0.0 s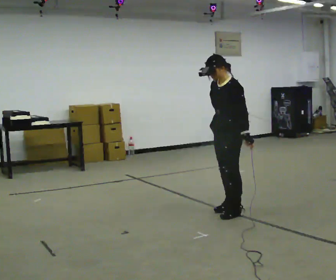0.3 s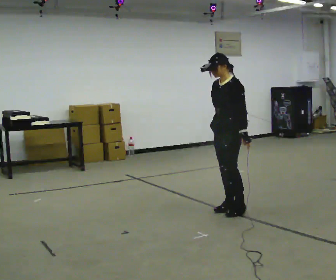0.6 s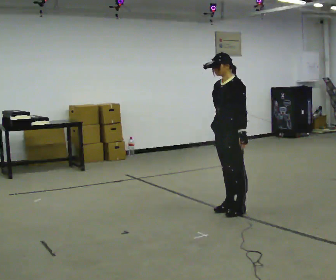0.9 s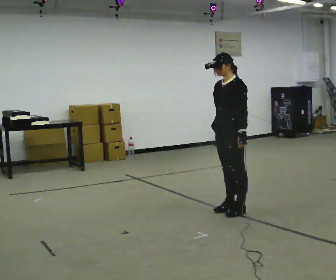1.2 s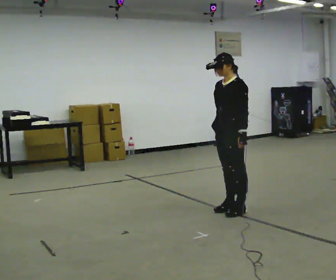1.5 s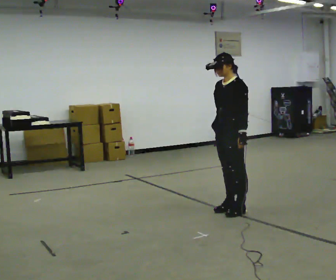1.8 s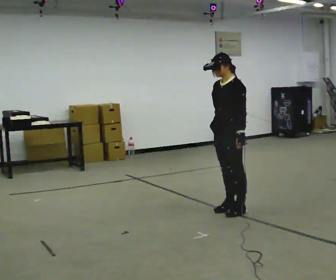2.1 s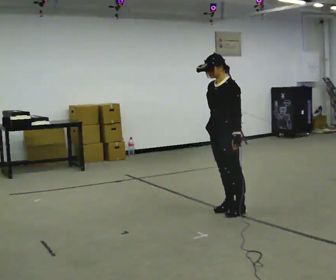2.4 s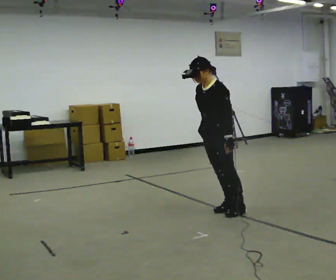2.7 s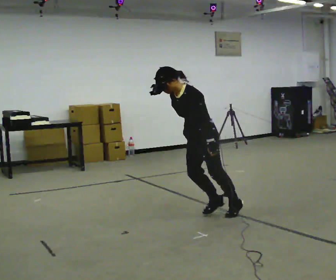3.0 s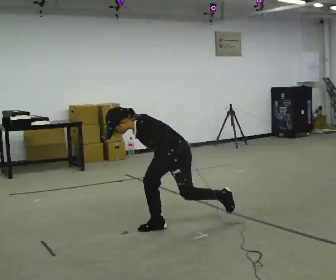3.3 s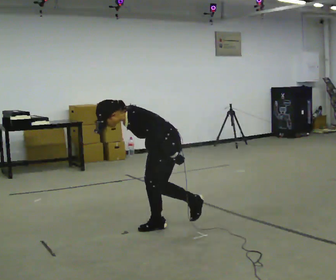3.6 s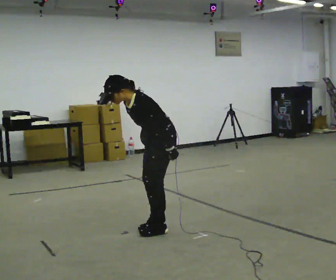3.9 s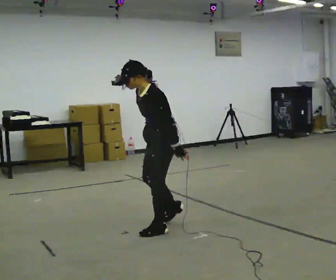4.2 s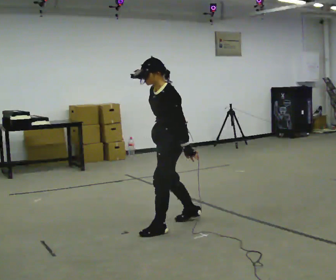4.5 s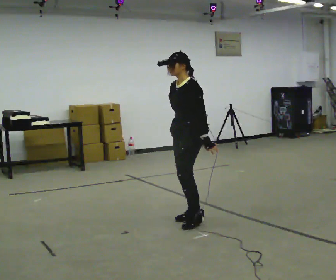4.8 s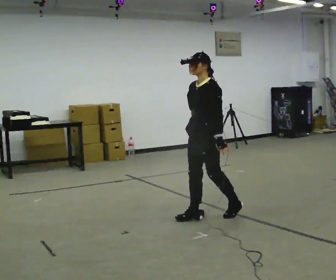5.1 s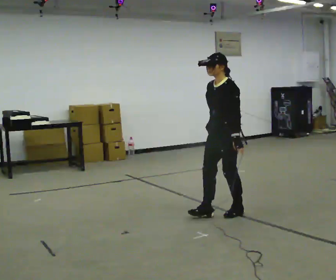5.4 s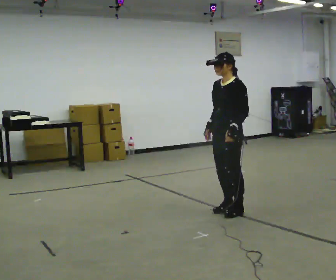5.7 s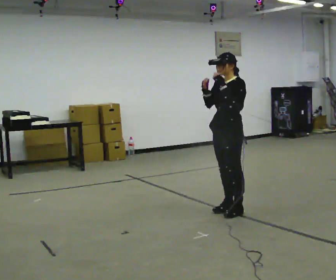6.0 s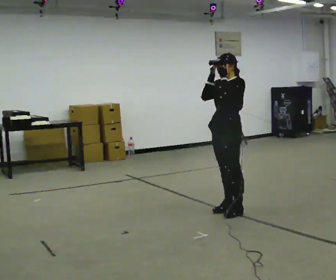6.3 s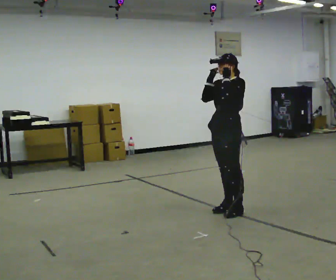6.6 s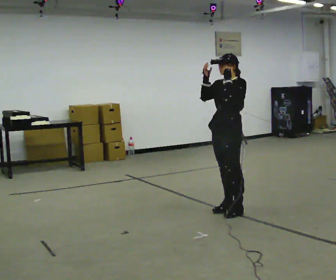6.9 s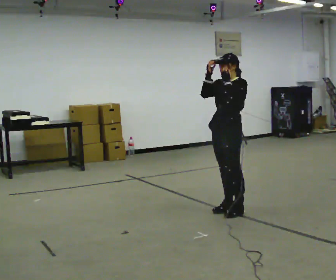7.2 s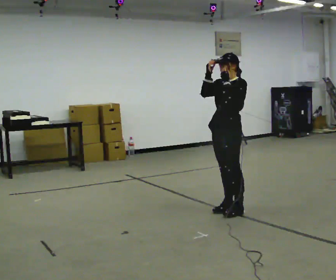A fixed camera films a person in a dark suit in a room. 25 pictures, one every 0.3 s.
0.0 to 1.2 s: The person moves a little, or ends about where they began.
1.2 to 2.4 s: In the picture they go to the left, about 0.25 m, which for them is forward.
2.4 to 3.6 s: In the picture they go to the left and toward the camera, about 0.5 m in 2 steps, which for them is forward.
3.6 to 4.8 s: In the picture they go to the right and away from the camera, about 0.5 m in 1 step, which for them is backward. In the picture the upper body tilts clockwise, shoulders to the right, as they lean back or straighten.
4.8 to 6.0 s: In the picture they go to the right and away from the camera, about 0.25 m in 2 steps, which for them is backward. In the picture their right hand goes upward.
6.0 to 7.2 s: The person moves a little, or ends about where they began.
The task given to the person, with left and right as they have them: Stand on the marked spots with your feet together. Lean forward from the ankles, keeping your body straight, until you cannot hold it any longer, then step forward to catch yourself. Return to the spots. Repeat at your own pace until the operator says stop. Go slowly and only as far as you are comfortable. Step whenever you need to; do not try to hold on longer than feels safe.
The film runs forward here.
